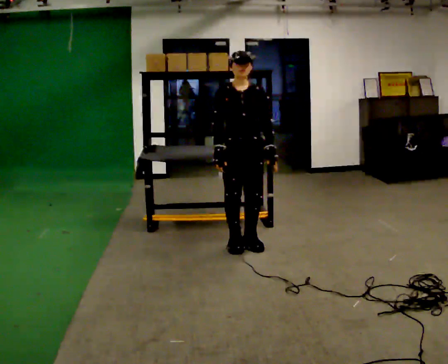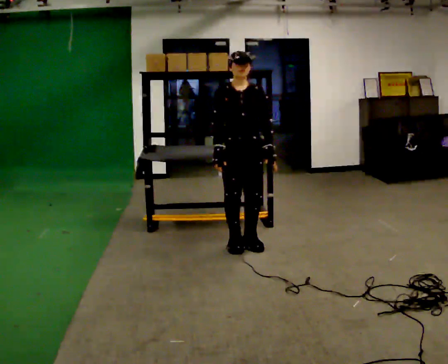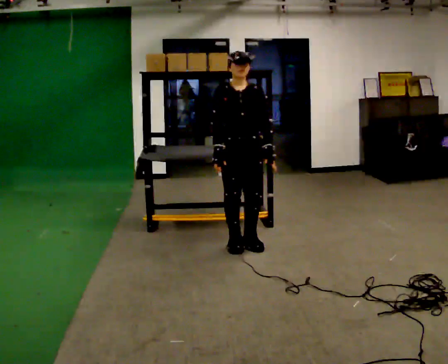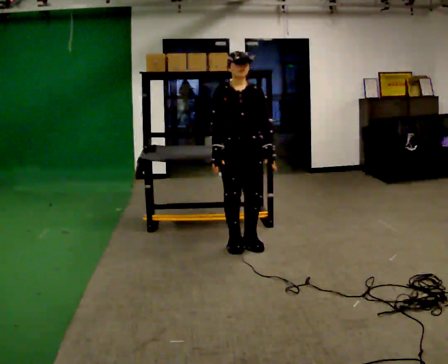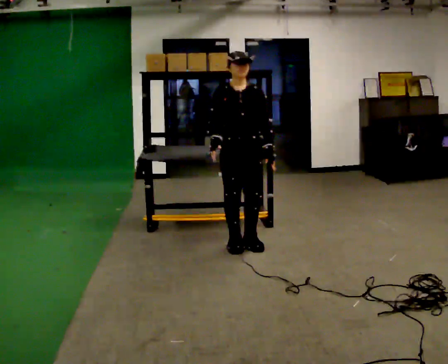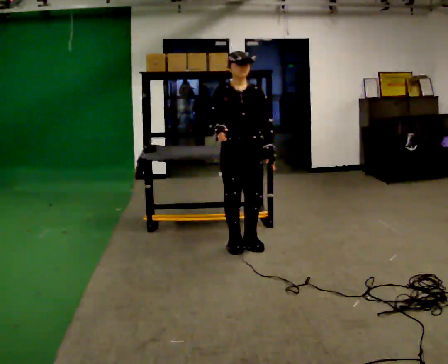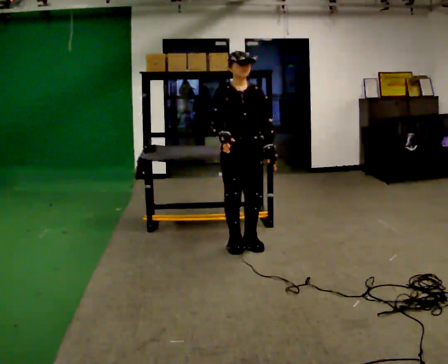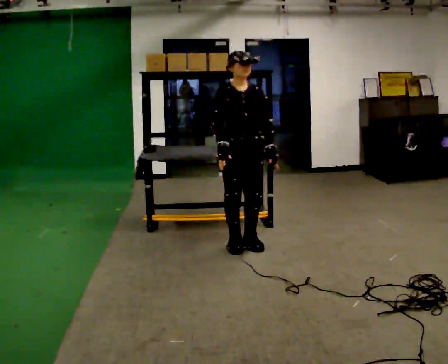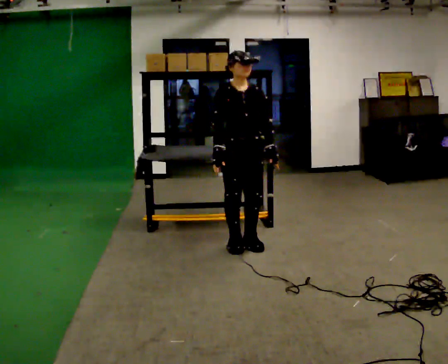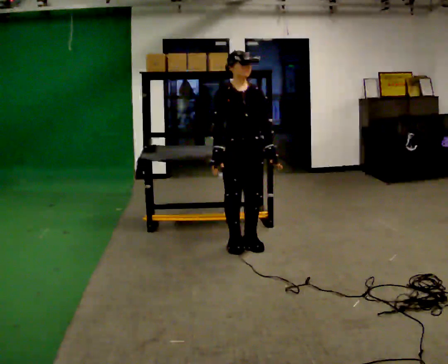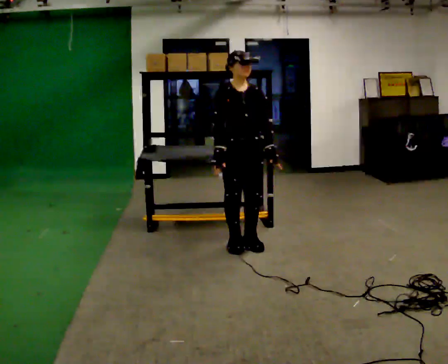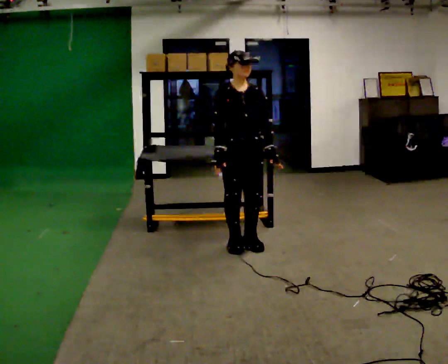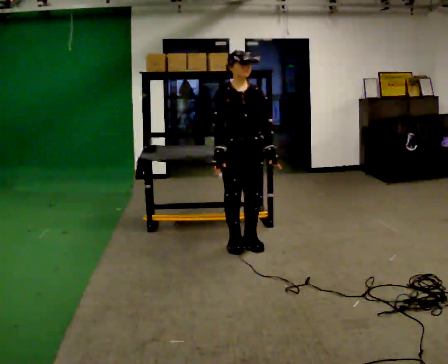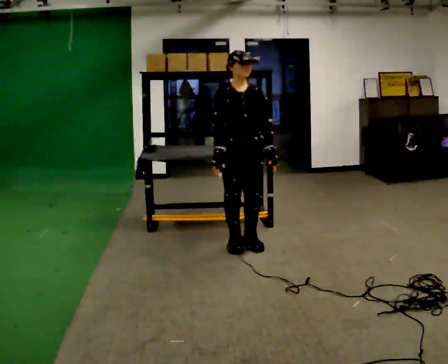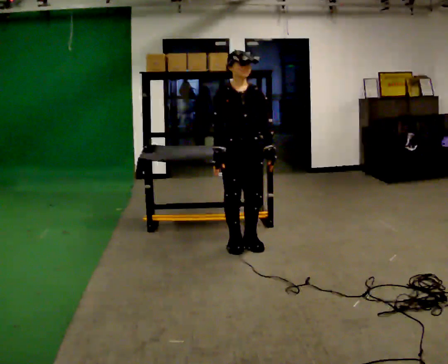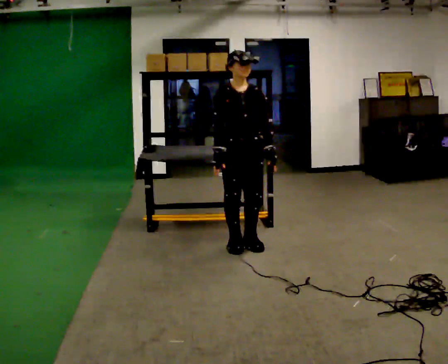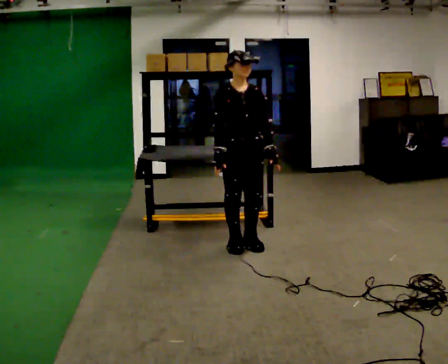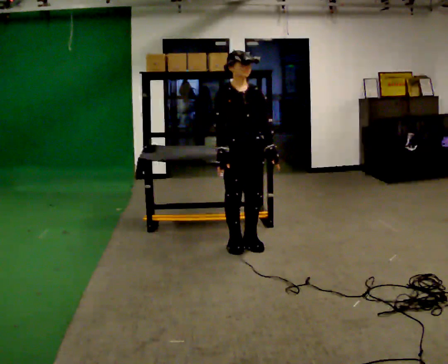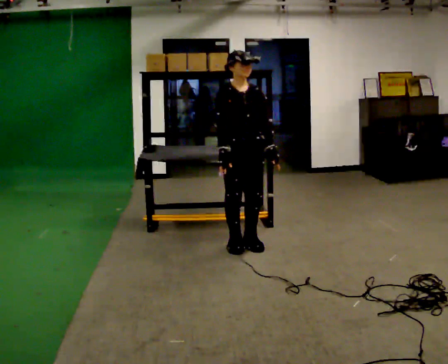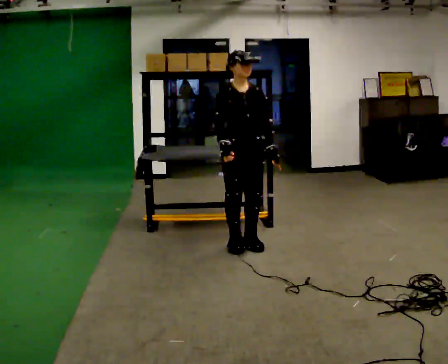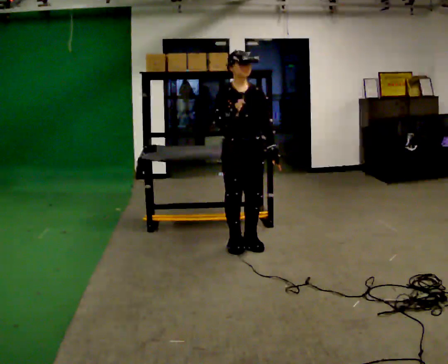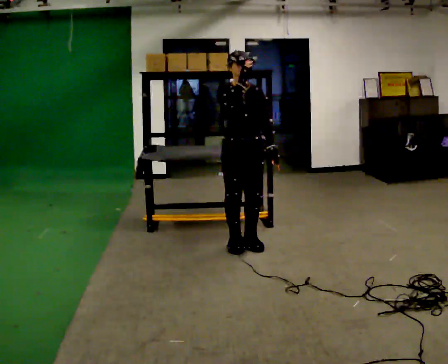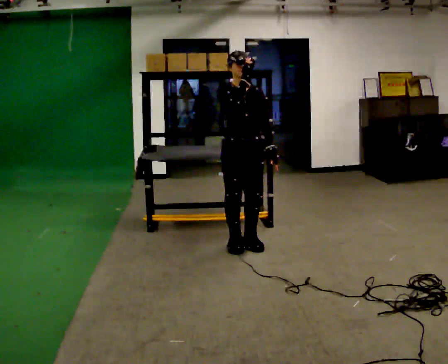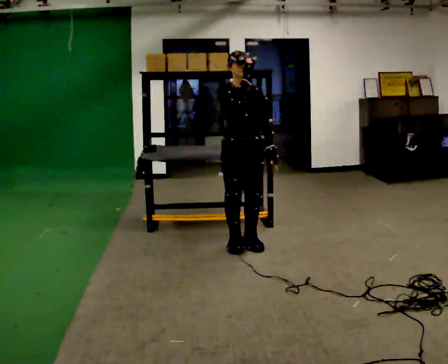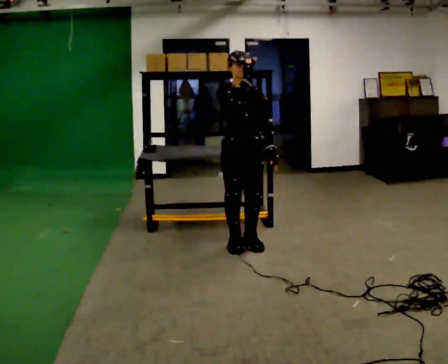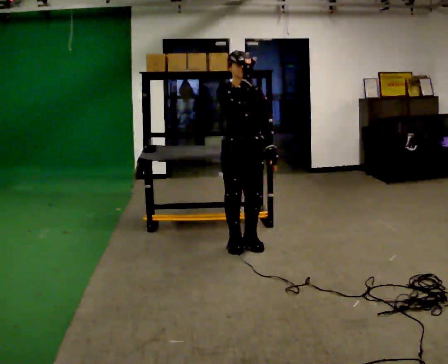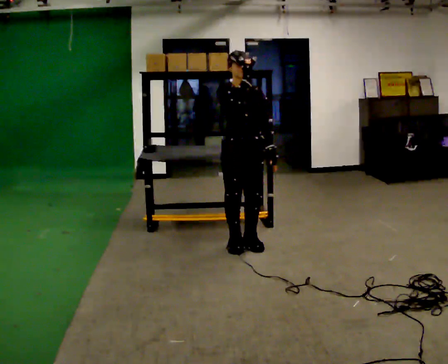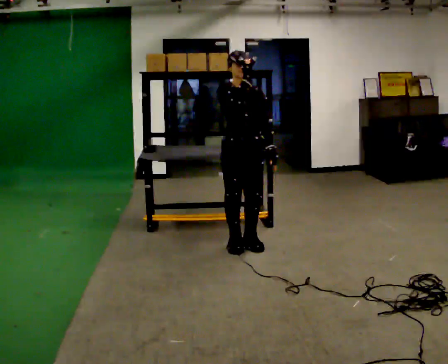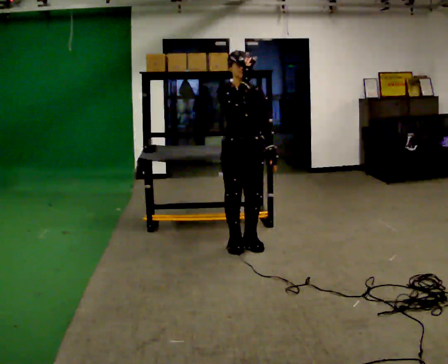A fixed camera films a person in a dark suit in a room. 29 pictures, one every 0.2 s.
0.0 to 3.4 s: The person moves a little, or ends about where they began.
3.4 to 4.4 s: In the picture their right hand goes upward.
4.4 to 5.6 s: The person moves a little, or ends about where they began.
The film runs forward here.
